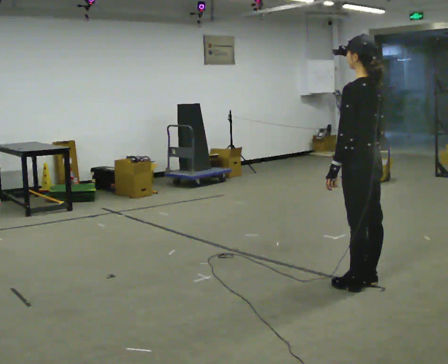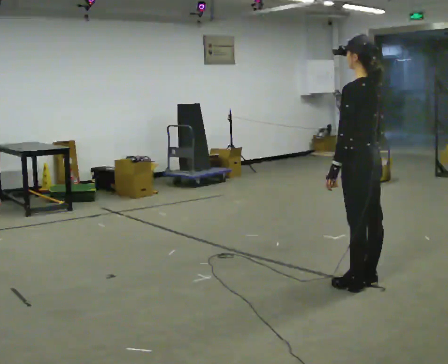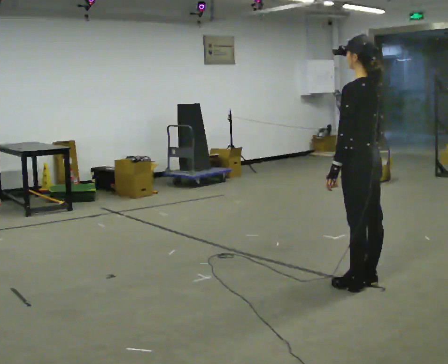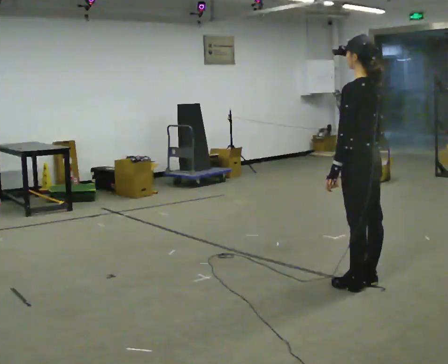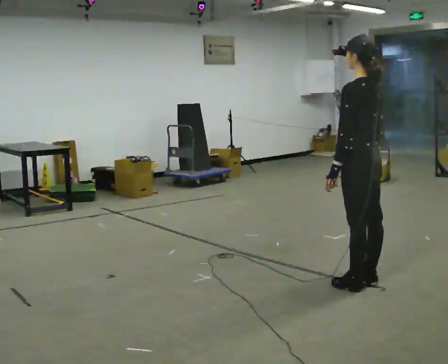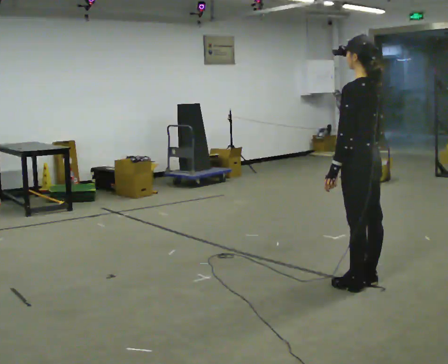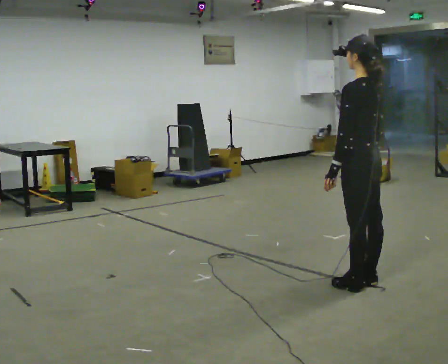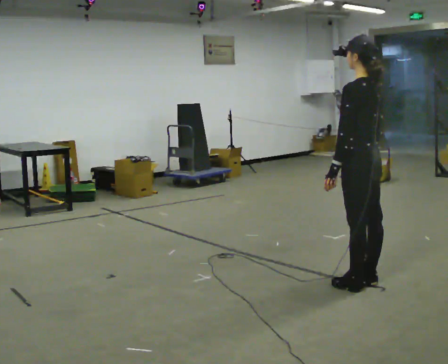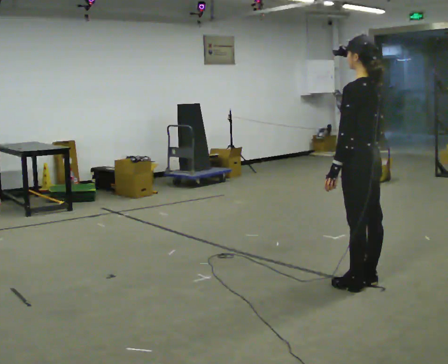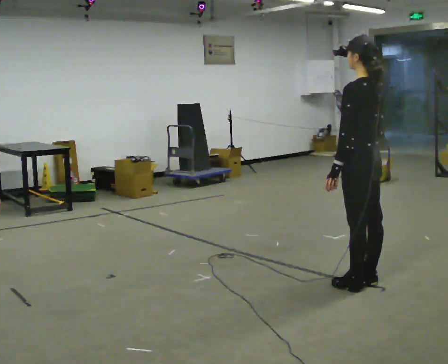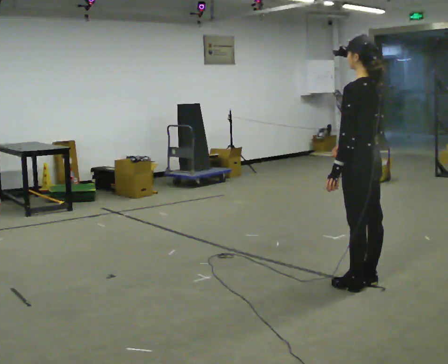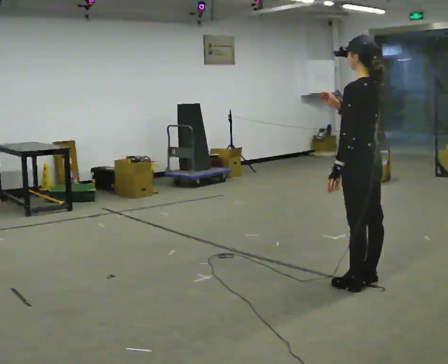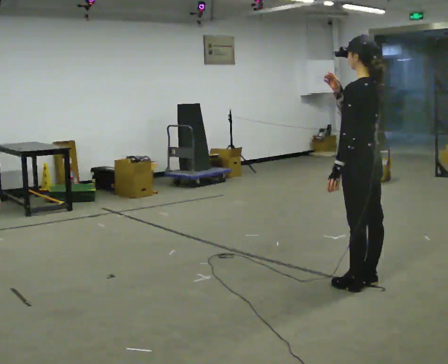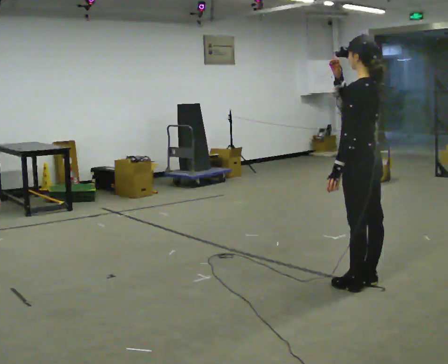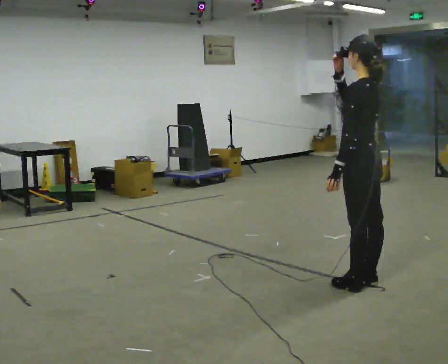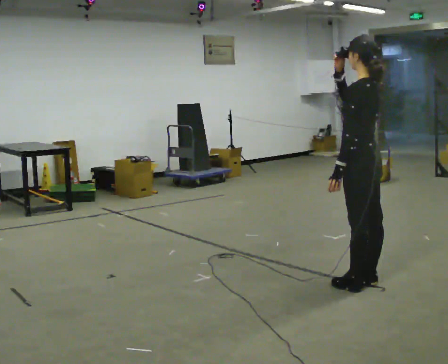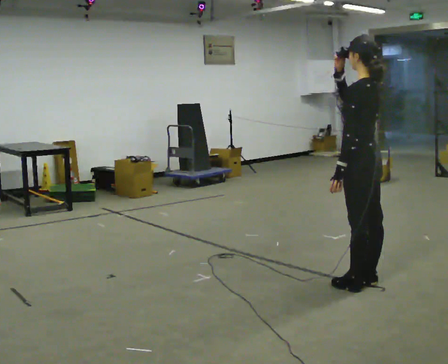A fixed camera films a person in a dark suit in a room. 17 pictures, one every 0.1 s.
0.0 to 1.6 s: In the picture their right hand goes upward.
The film runs forward here.
